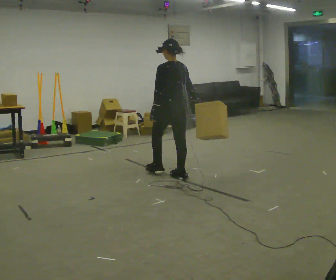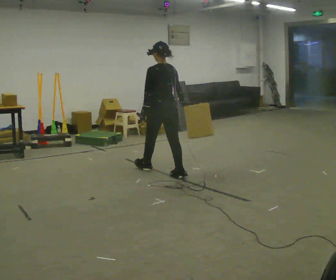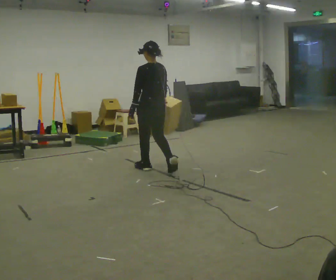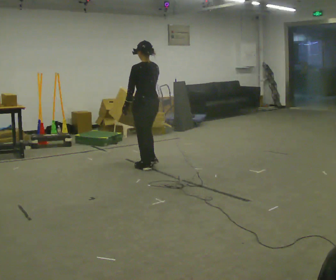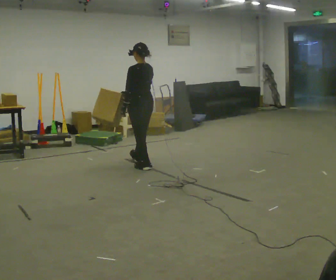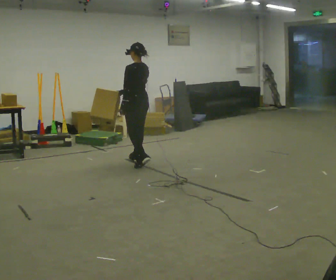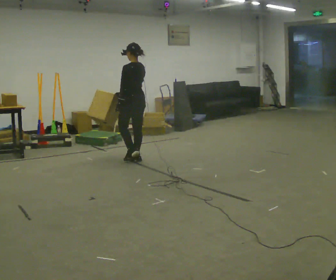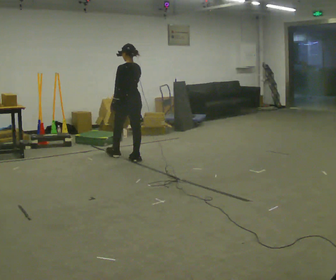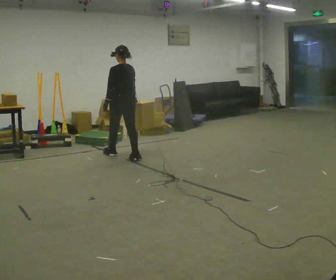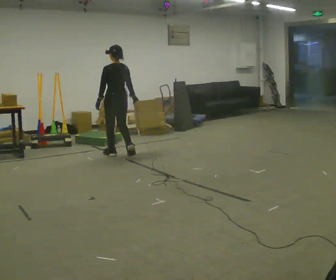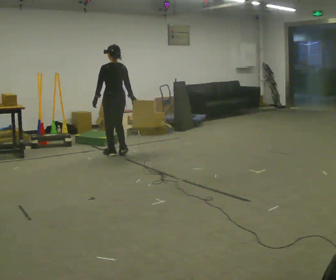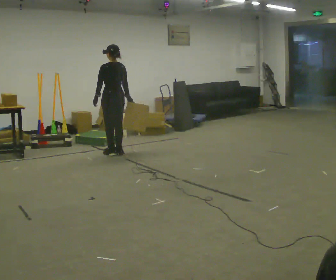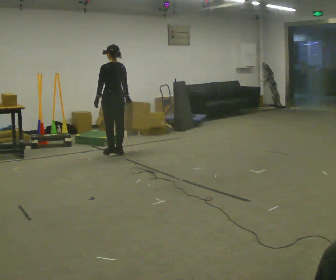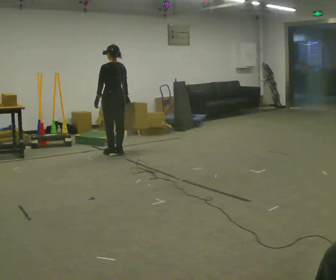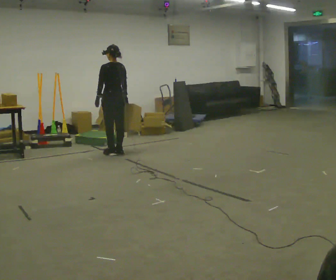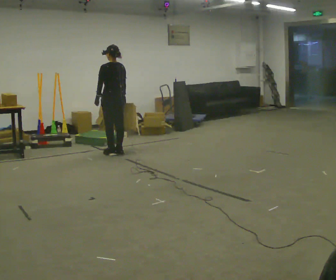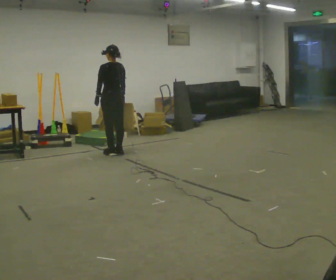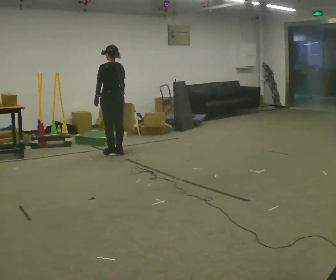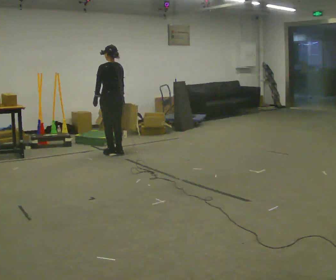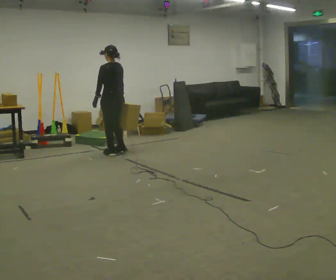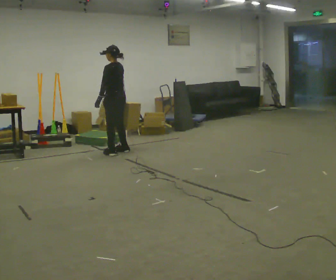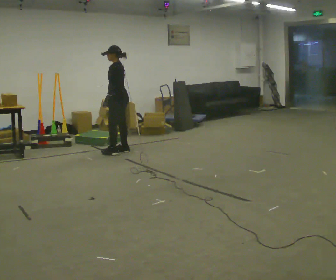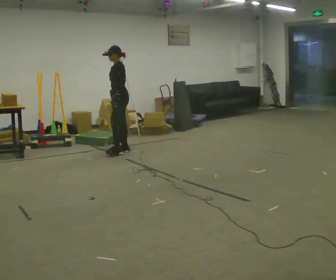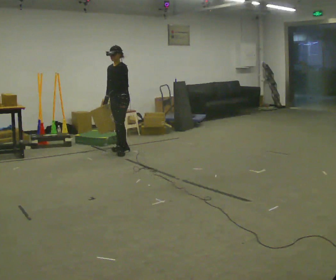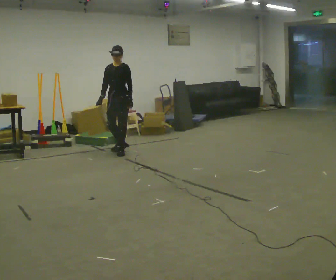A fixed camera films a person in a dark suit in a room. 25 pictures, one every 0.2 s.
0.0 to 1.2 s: In the picture they go away from the camera and to the left, about 1 m in 2 steps, which for them is forward.
1.2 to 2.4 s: In the picture they go away from the camera and to the left, about 0.5 m in 2 steps, which for them is forward.
2.4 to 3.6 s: The person moves a little, or ends about where they began.
3.6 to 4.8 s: The part of the body nearest the lens slides to the right as the person turns to their left by about 120 degrees. In the picture their left hand goes to the right, the arm swinging counterclockwise.
The film runs forward here.
